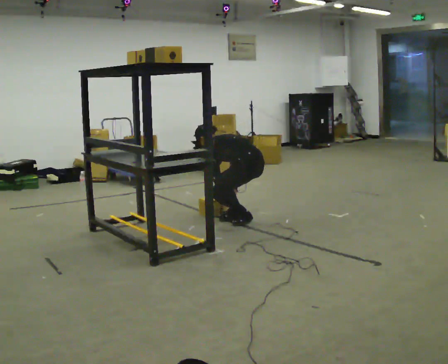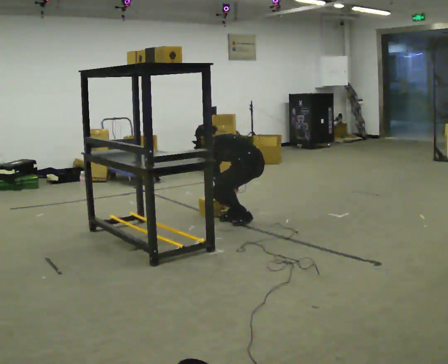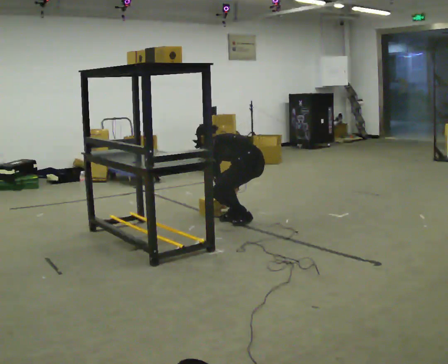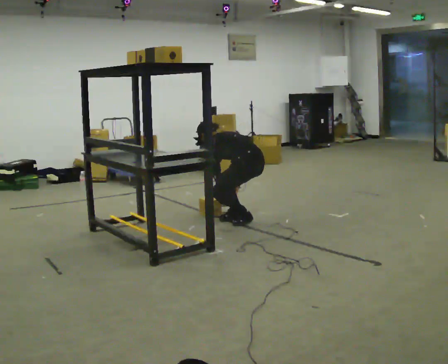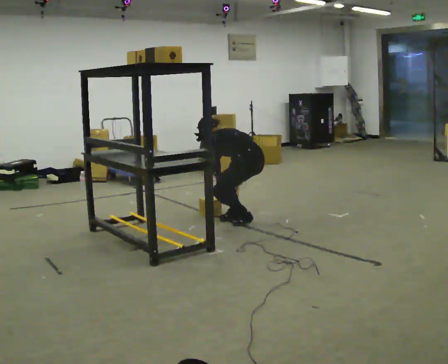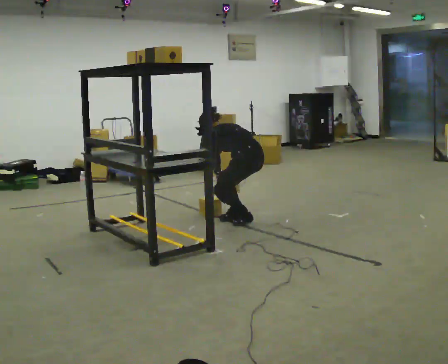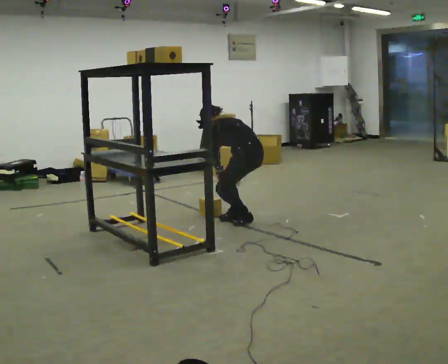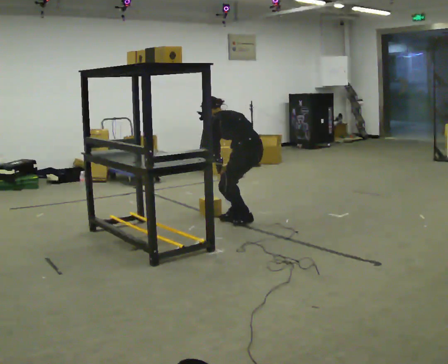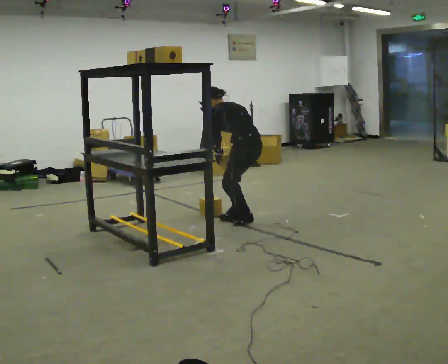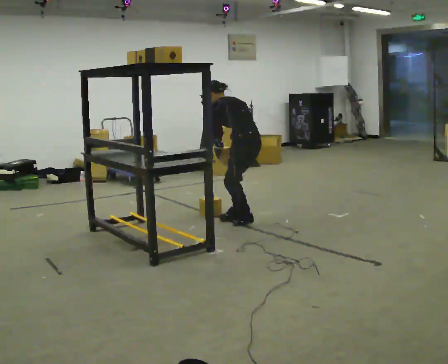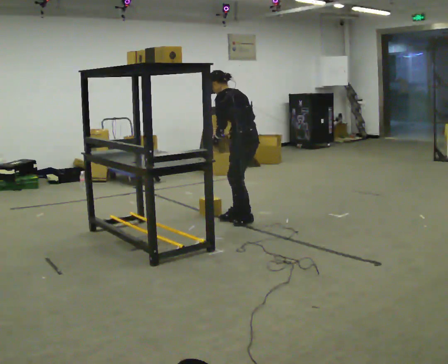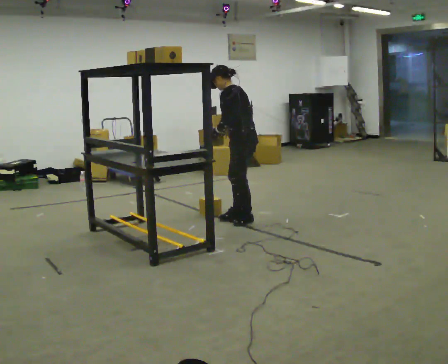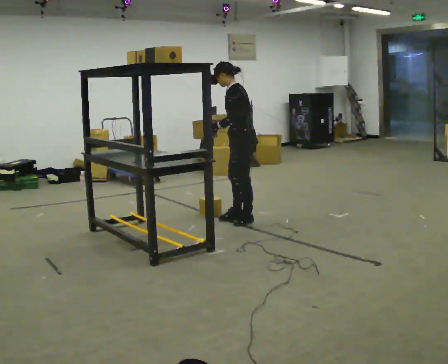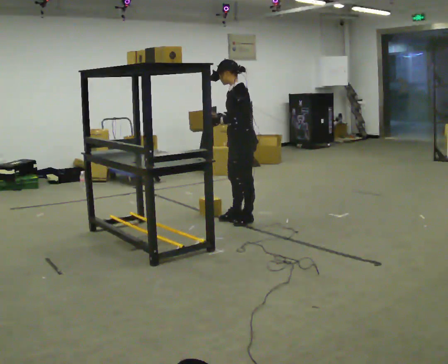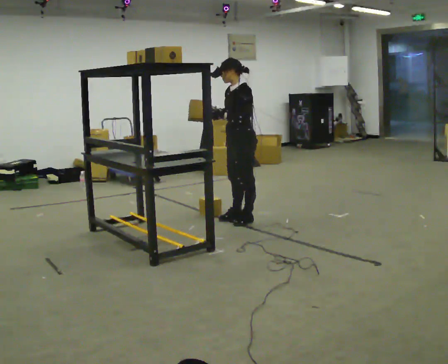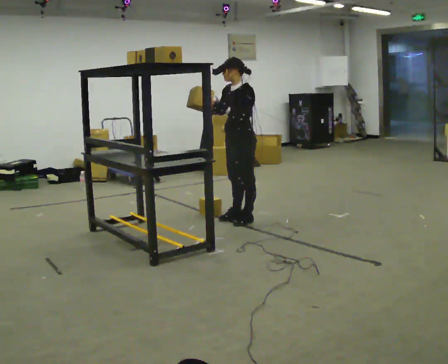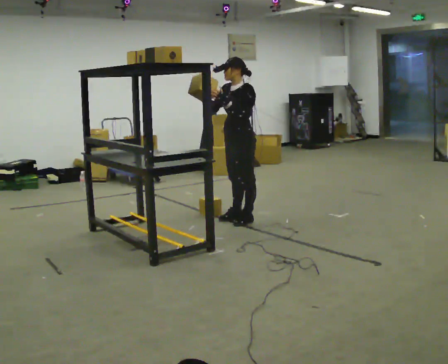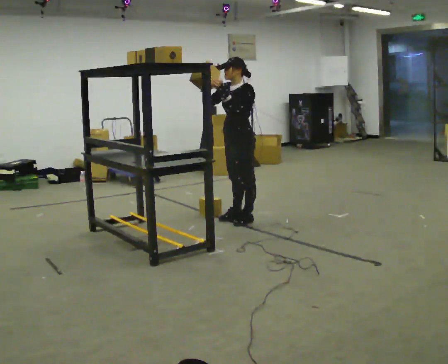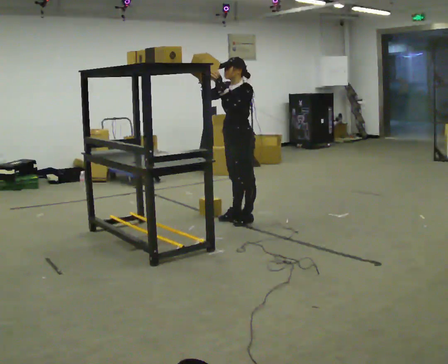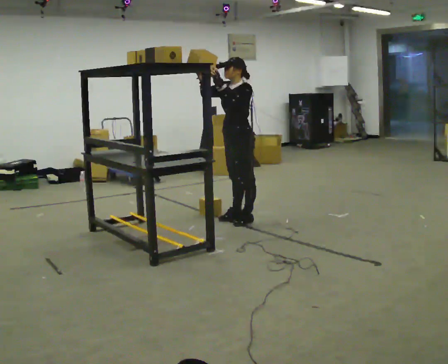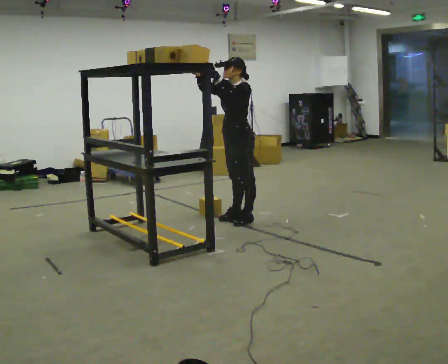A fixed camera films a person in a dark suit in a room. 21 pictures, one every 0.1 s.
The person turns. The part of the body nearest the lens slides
to the right.
Their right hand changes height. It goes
upward.
0.0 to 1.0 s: The upper body goes upward. In the picture the upper body tilts clockwise, shoulders to the right, as they lean back or straighten. In the picture their left hand goes upward.
1.0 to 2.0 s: The part of the body nearest the lens slides to the right as the person turns to their left by about 60 degrees. The upper body tips toward the camera, its near side rolling downward, as they lean back or straighten. In the picture their right hand goes upward and to the left.
The film runs backward here.
